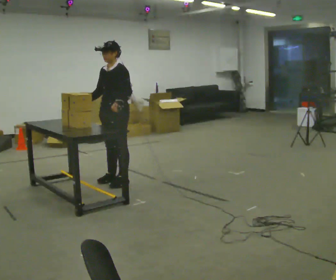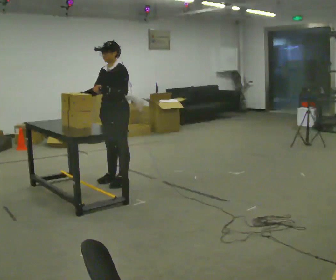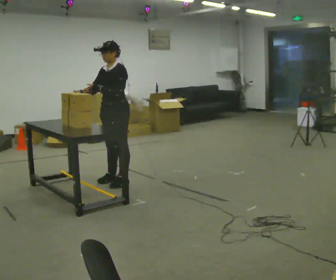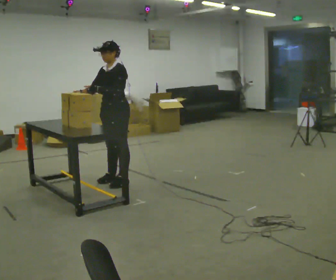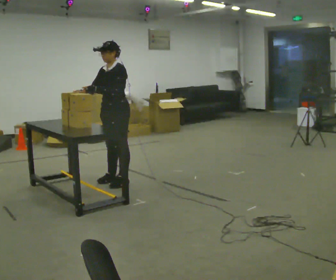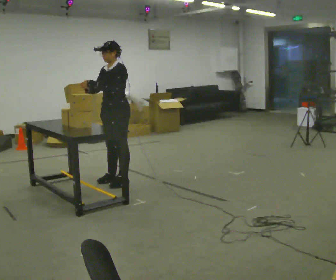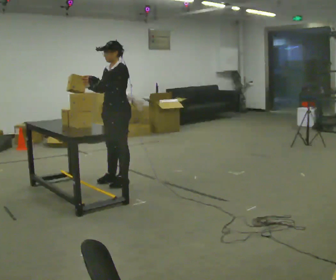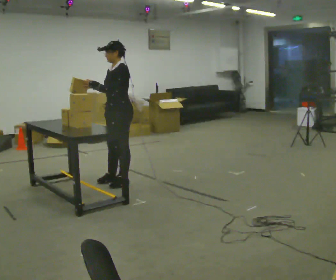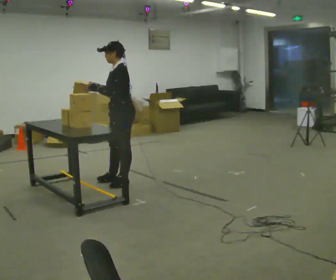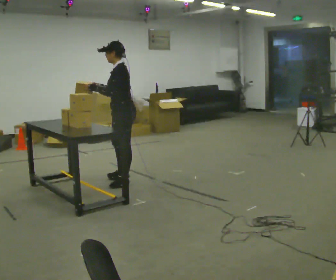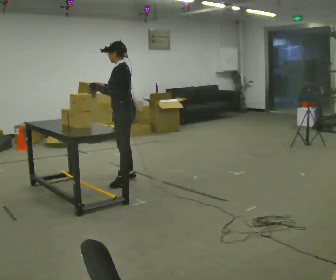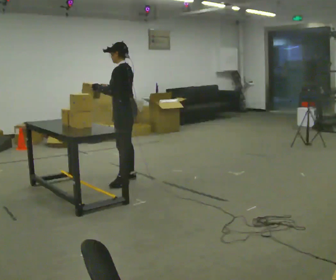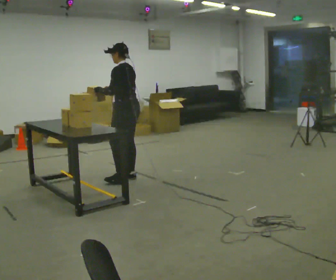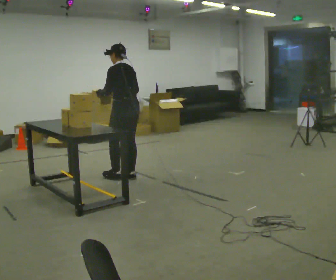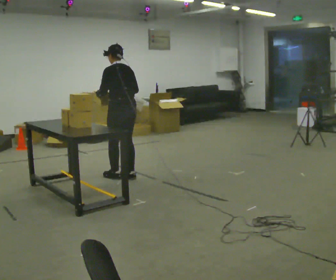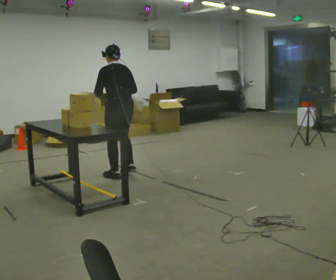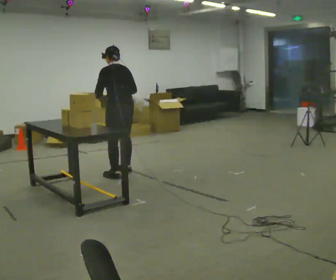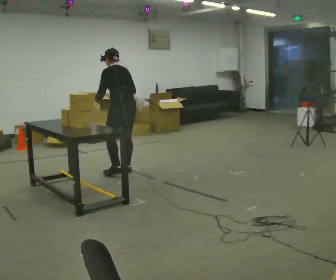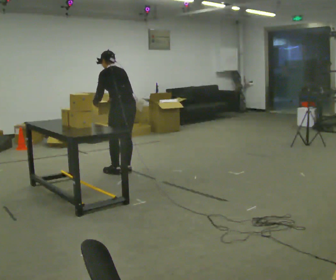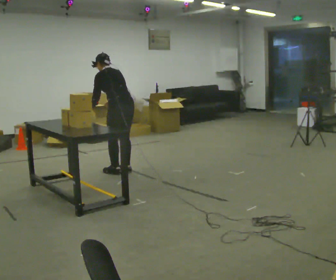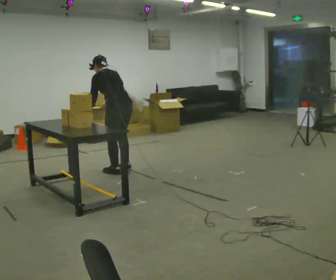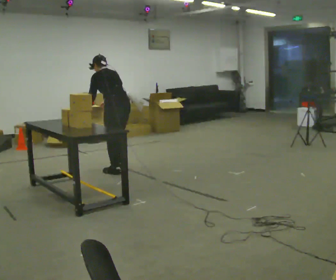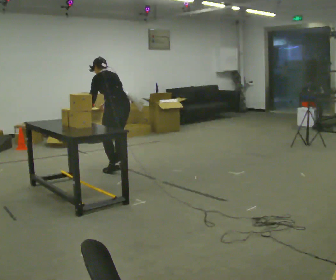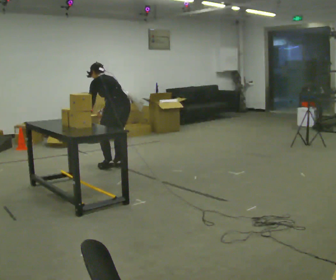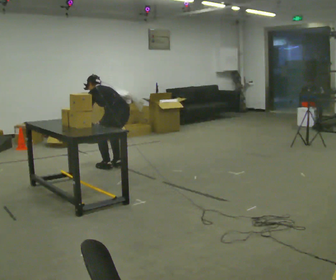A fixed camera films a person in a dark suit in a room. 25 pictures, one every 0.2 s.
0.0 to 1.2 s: The person moves a little, or ends about where they began.
1.2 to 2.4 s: The part of the body nearest the lens slides to the left as the person turns to their right by about 60 degrees. In the picture they go away from the camera, about 0.25 m in 1 step, which for them is to their right.
2.4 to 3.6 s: In the picture they go away from the camera, about 0.25 m in 3 steps, which for them is forward.
3.6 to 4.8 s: In the picture they go away from the camera, about 0.25 m in 2 steps, which for them is forward. The upper body goes downward. The upper body tips away from the camera, its near side rolling upward, as they bend forward. In the picture their right hand goes downward.
The film runs forward here.
